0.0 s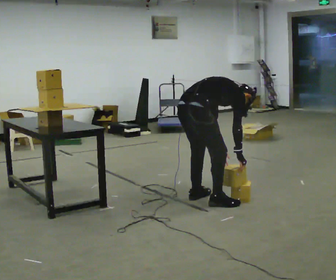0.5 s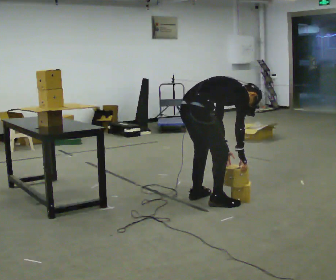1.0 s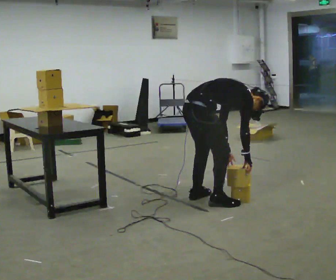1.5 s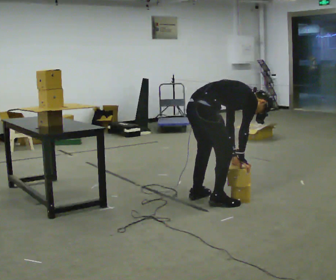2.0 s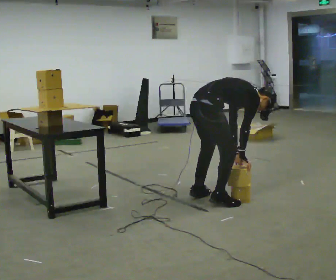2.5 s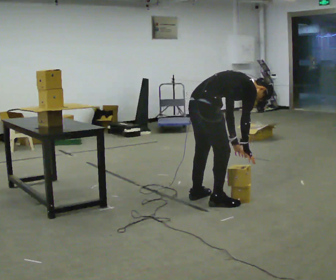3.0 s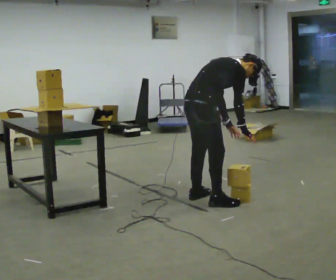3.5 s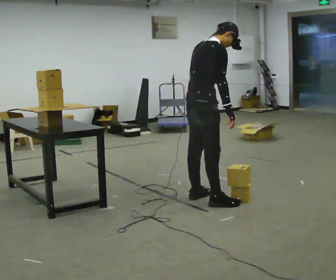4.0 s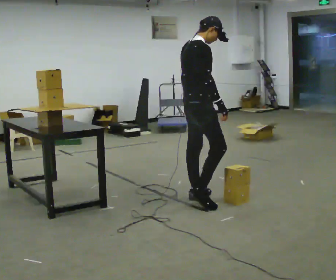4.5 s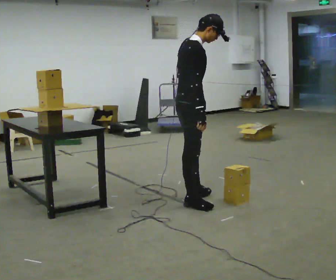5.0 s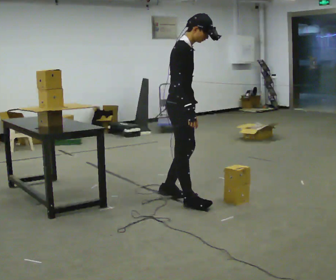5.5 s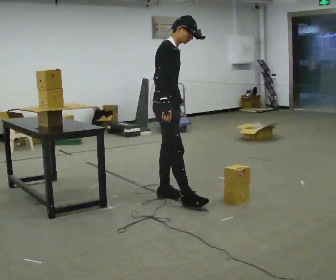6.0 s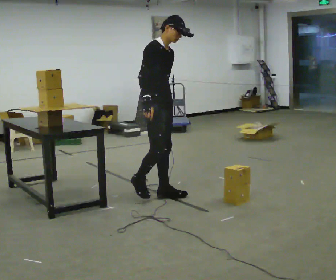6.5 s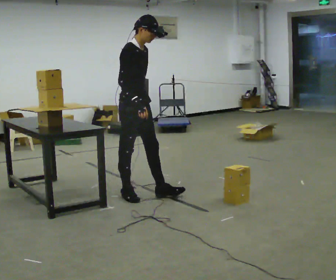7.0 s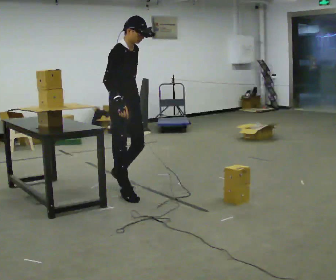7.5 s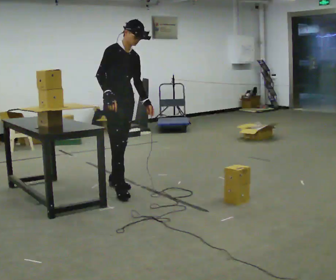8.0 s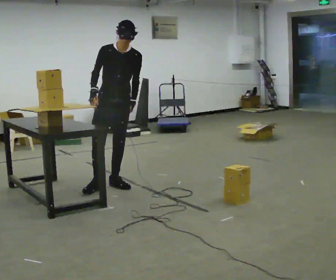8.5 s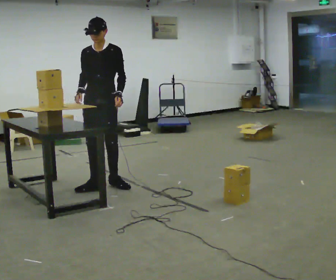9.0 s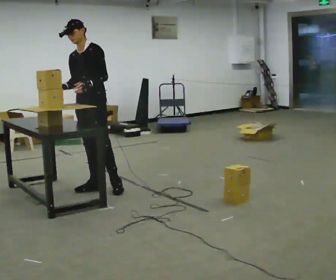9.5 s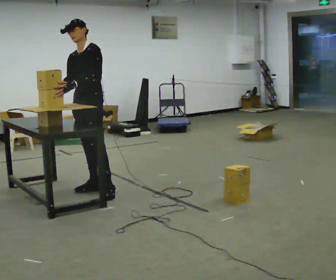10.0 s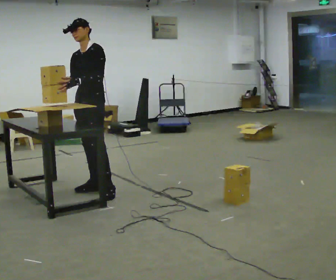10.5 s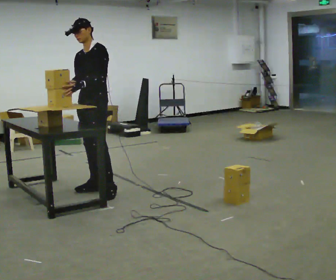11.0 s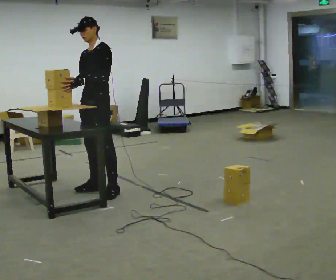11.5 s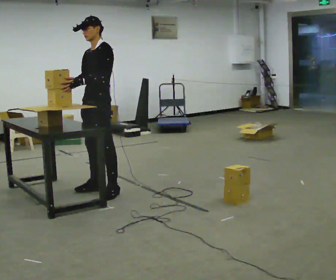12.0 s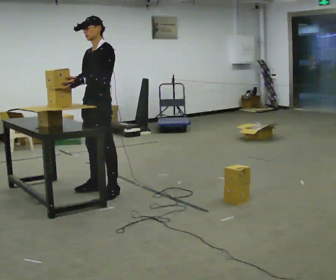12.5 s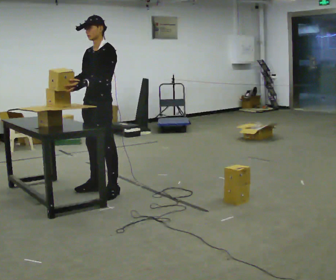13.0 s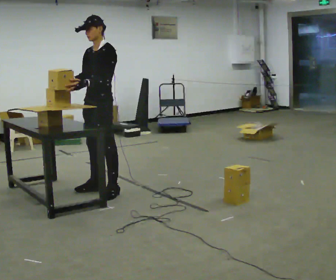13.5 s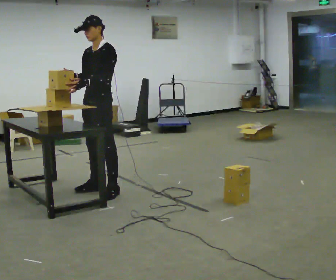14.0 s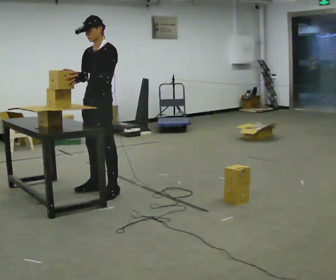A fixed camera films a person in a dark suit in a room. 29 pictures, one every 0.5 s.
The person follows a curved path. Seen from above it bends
counterclockwise.
0.0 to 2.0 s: The person moves a little, or ends about where they began.
2.0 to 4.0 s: In the picture they go away from the camera, about 0.25 m in 1 step, which for them is to their left. The shoulders move upward. In the picture the upper body tilts counterclockwise, shoulders to the left, as they lean back or straighten. In the picture their right hand goes upward.
4.0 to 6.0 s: Seen from above the body turns clockwise, about 45 degrees: to their right, with its near side sliding to the left. In the picture they go to the left and away from the camera, about 0.25 m in 2 steps, which for them is backward.
6.0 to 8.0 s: Seen from above the body turns clockwise, about 45 degrees: to their right, with its near side sliding to the left. In the picture they go away from the camera and to the left, about 0.5 m in 2 steps, which for them is backward.
8.0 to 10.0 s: The person turns about 45 degrees to their right, clockwise seen from above, so the part of the body nearest the lens slides to the left. In the picture they go to the left, about 0.25 m in 1 step, which for them is forward. In the picture their left hand goes to the left.
10.0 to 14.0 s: The person moves a little, or ends about where they began.
The film runs backward here.
